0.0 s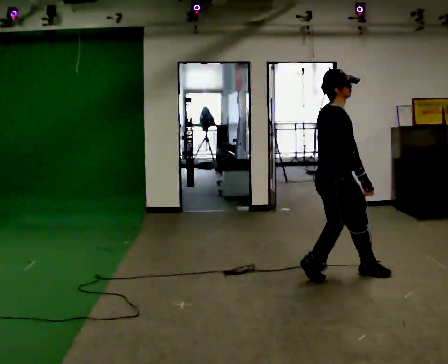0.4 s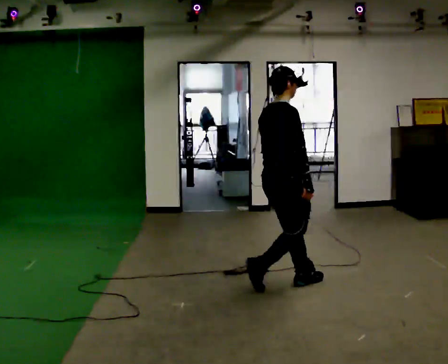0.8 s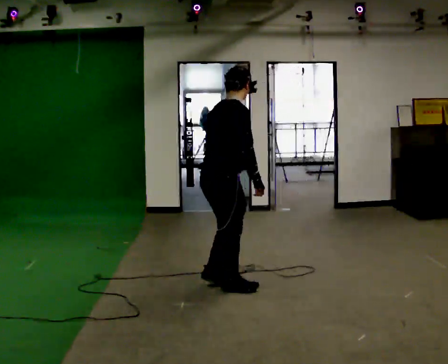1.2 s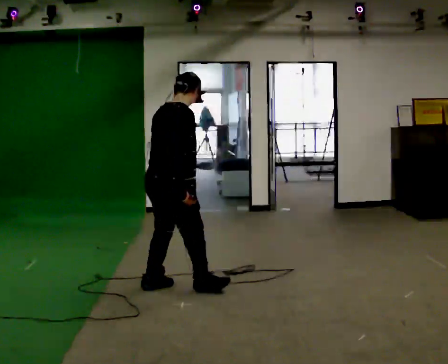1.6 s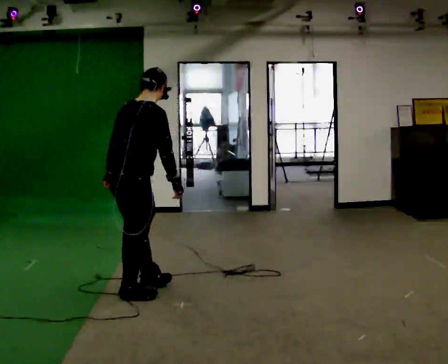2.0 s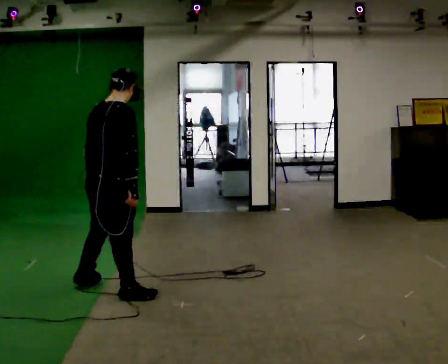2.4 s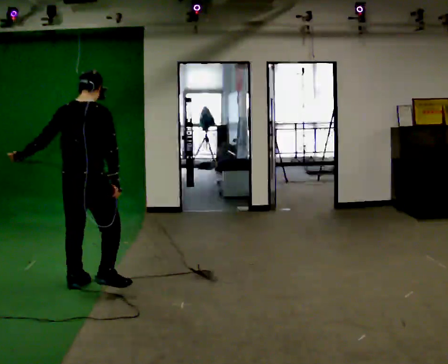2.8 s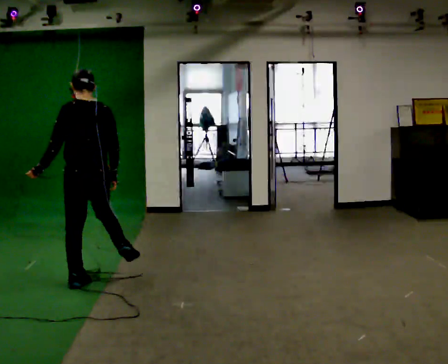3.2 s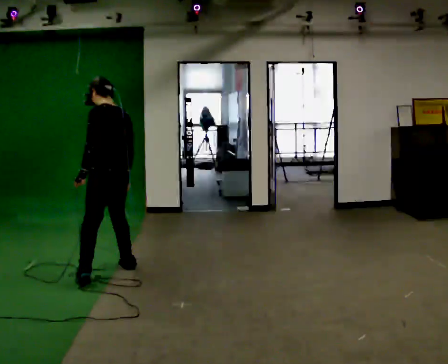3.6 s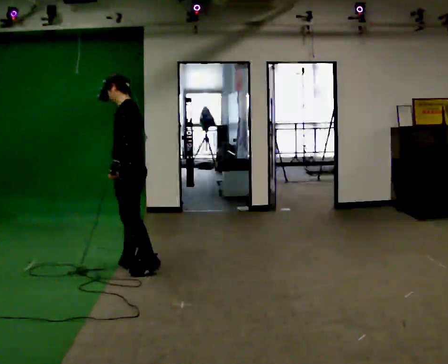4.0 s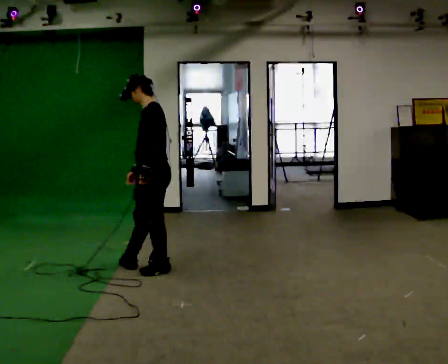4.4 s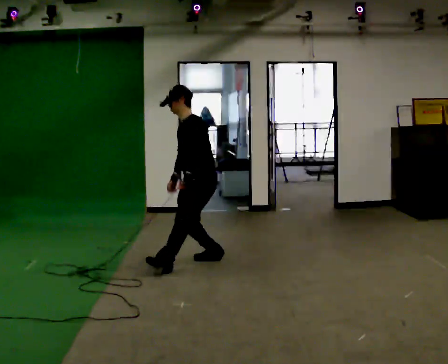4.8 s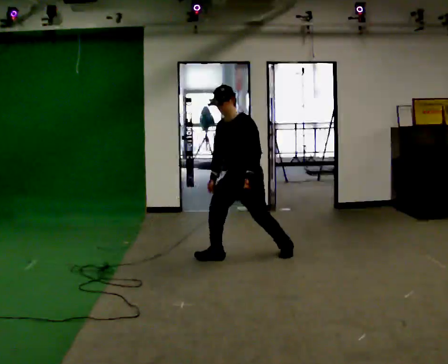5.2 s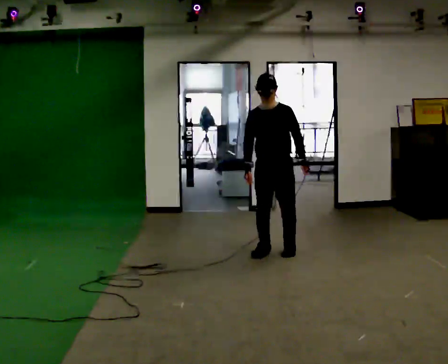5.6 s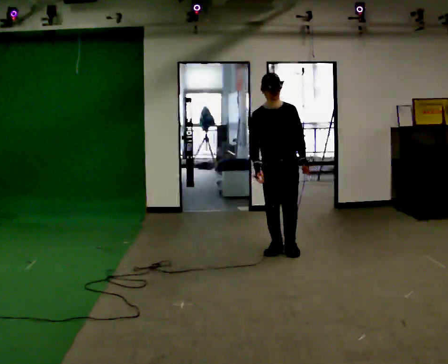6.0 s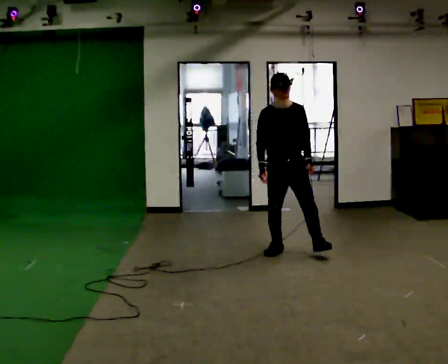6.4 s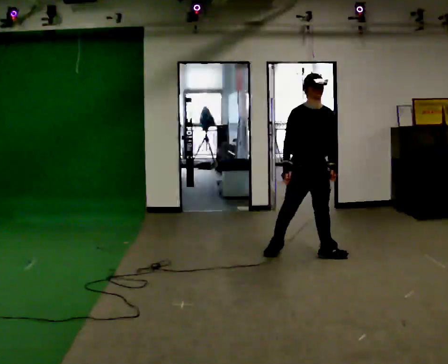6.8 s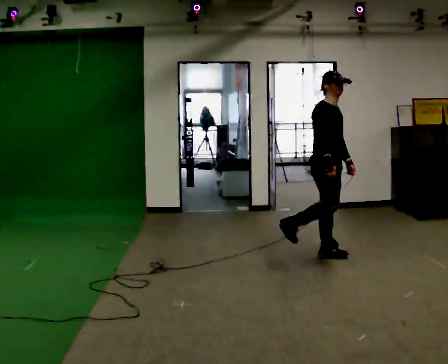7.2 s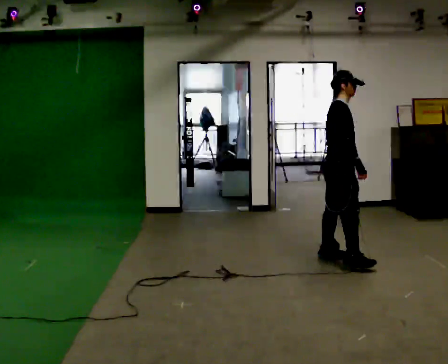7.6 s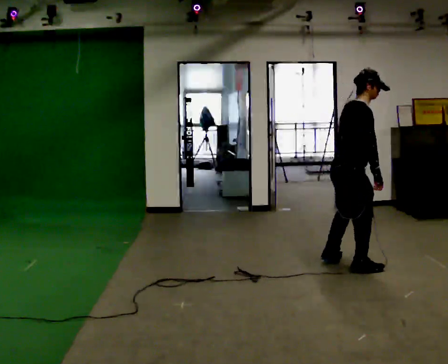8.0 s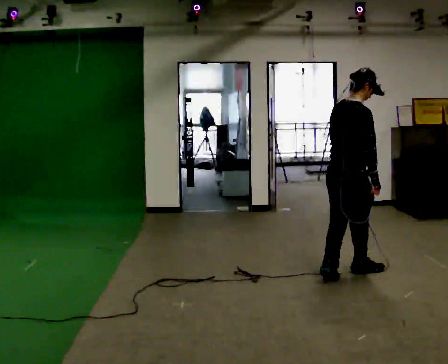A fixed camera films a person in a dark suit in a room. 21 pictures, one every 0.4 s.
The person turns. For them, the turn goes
to their left.
The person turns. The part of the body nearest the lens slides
to the right.
0.0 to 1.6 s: In the picture they go to the left, about 1.5 m in 4 steps, which for them is backward.
1.6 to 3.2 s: The person turns about 105 degrees to their left, counterclockwise seen from above, so the part of the body nearest the lens slides to the right. In the picture they go away from the camera, about 0.75 m in 2 steps. In the picture the upper body tilts counterclockwise, shoulders to the left.
3.2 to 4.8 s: The part of the body nearest the lens slides to the right as the person turns to their left by about 90 degrees. In the picture they go to the right and away from the camera, about 1.5 m in 2 steps.
4.8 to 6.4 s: The part of the body nearest the lens slides to the right as the person turns to their left by about 60 degrees. In the picture they go to the right, about 0.5 m in 3 steps, which for them is to their left. In the picture the upper body tilts clockwise, shoulders to the right.
6.4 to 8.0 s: Seen from above the body turns counterclockwise, about 105 degrees: to their left, with its near side sliding to the right. In the picture they go toward the camera, about 1 m in 1 step.
The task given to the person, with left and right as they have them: Move around the room freely as if avoiding someone: change speed and direction whenever you like. Keep moving until the operator says stop.
The film runs forward here.
